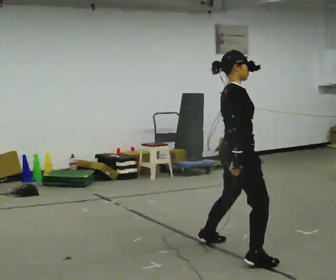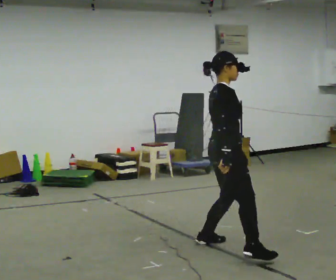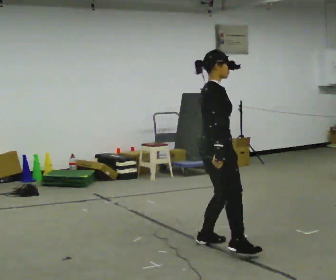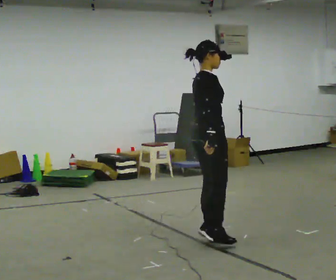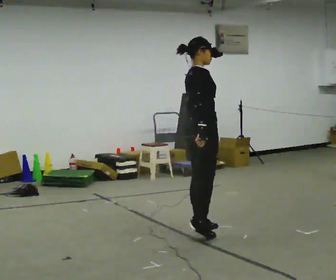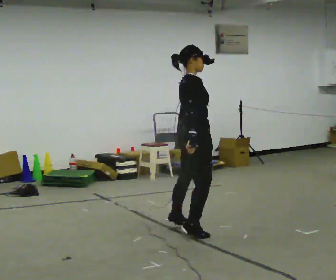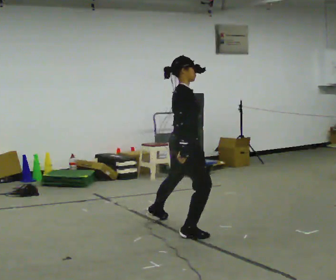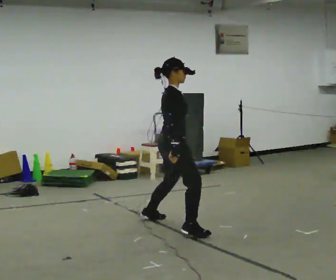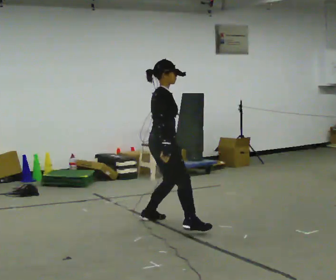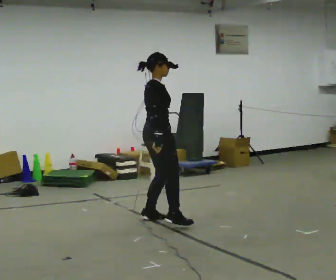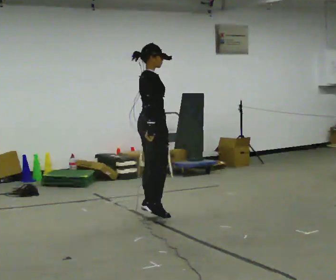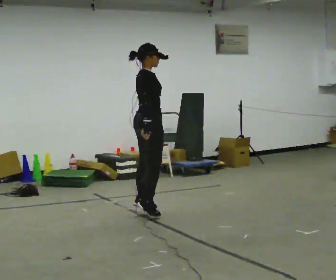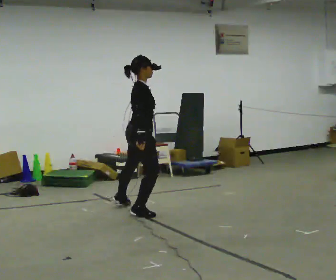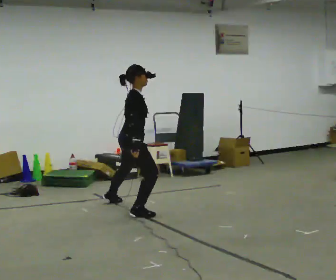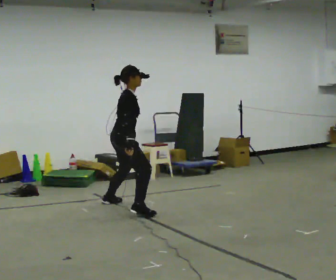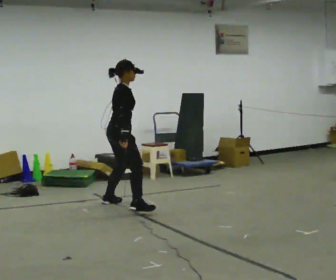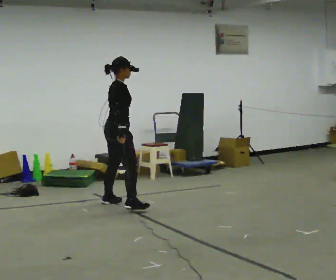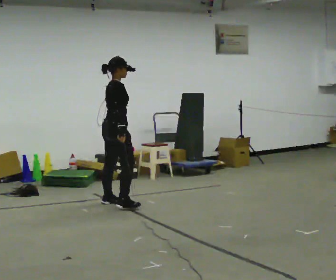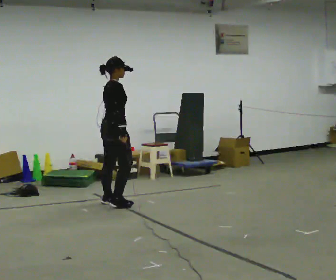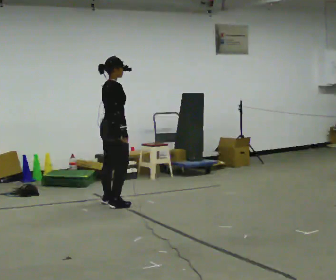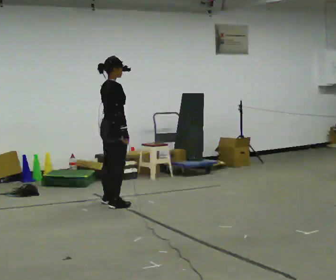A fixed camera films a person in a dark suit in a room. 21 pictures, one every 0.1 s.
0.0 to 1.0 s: In the picture they go away from the camera and to the left, about 1.5 m in 3 steps, which for them is to their left.
1.0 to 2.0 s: In the picture they go away from the camera and to the left, about 1 m in 1 step, which for them is to their left.
The film runs backward here.
